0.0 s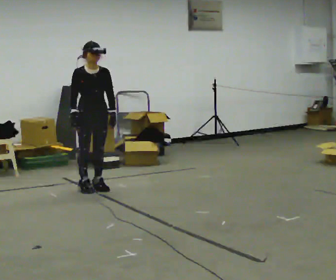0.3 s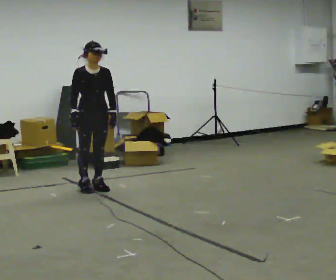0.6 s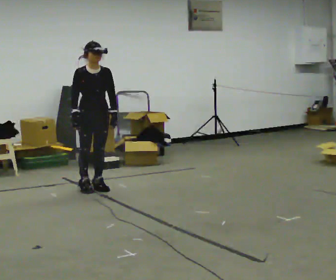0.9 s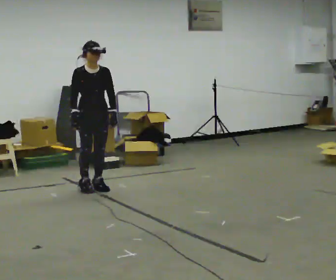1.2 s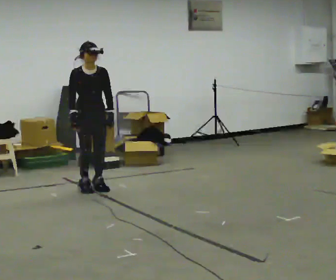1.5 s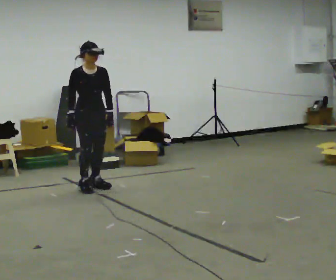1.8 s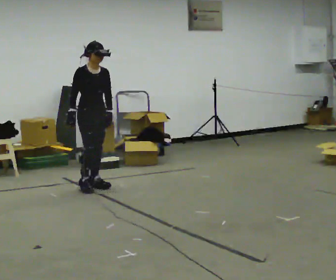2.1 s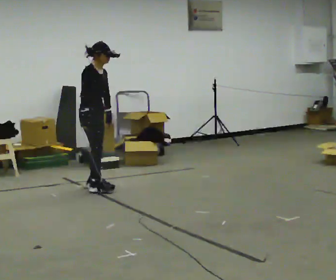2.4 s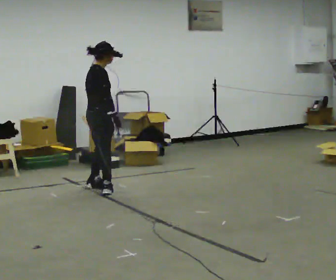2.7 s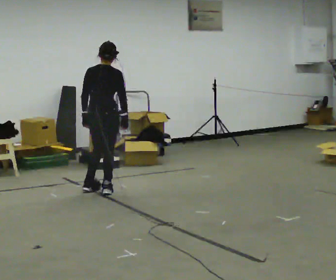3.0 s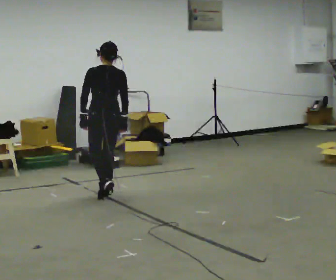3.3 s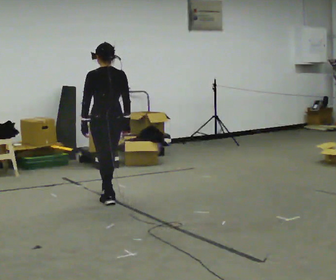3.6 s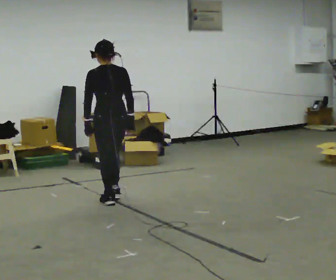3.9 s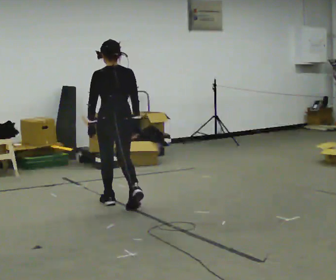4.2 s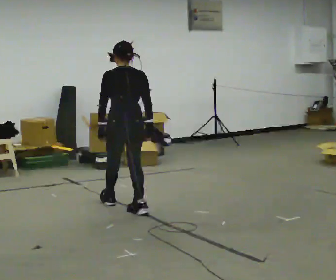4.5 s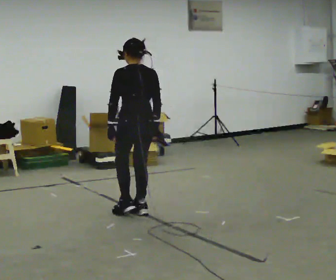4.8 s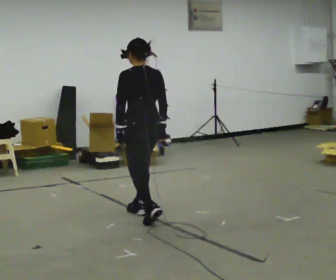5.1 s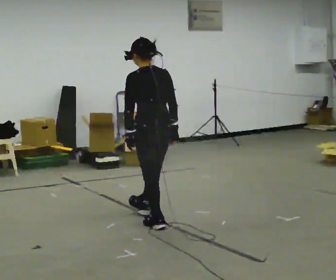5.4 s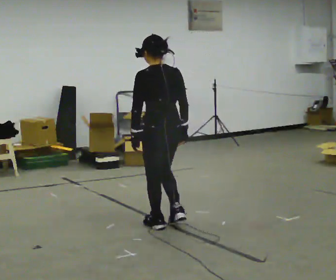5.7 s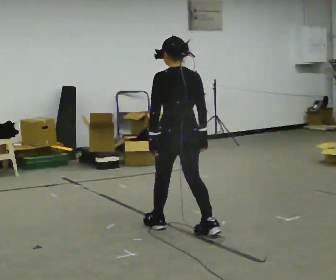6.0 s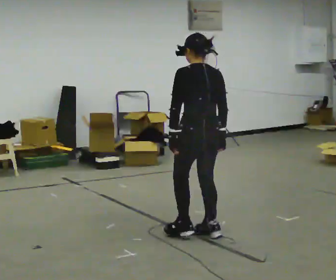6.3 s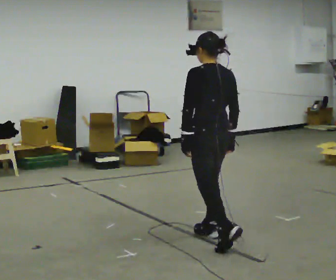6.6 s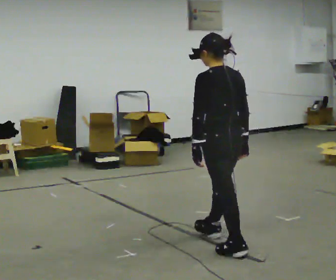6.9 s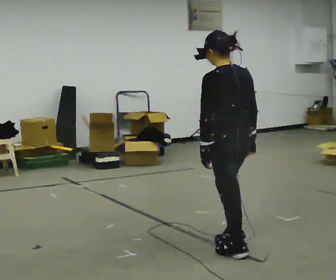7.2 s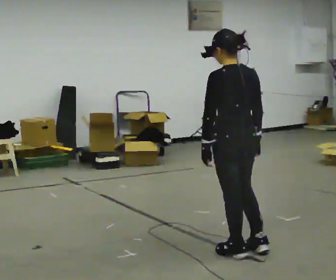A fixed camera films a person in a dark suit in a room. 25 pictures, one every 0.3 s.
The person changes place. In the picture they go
toward the camera.
The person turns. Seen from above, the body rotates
counterclockwise.
0.0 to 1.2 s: The person moves a little, or ends about where they began.
1.2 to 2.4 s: The part of the body nearest the lens slides to the right as the person turns to their left by about 90 degrees. In the picture their right hand goes to the right.
2.4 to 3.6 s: The person turns about 90 degrees to their left, counterclockwise seen from above, so the part of the body nearest the lens slides to the right. In the picture they go toward the camera, about 0.5 m in 2 steps.
3.6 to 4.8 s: In the picture they go toward the camera and to the right, about 0.5 m in 1 step, which for them is backward.
4.8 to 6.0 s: In the picture they go toward the camera and to the right, about 0.5 m in 2 steps, which for them is backward.
6.0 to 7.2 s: In the picture they go toward the camera, about 0.5 m in 1 step, which for them is backward.
The film runs backward here.
